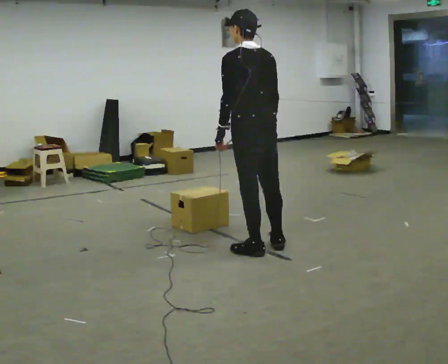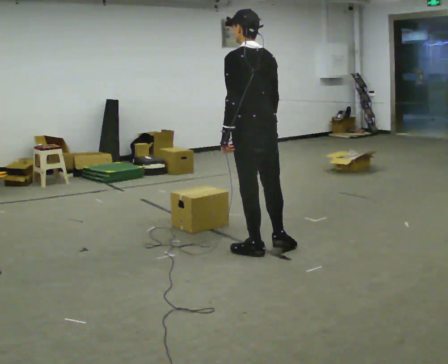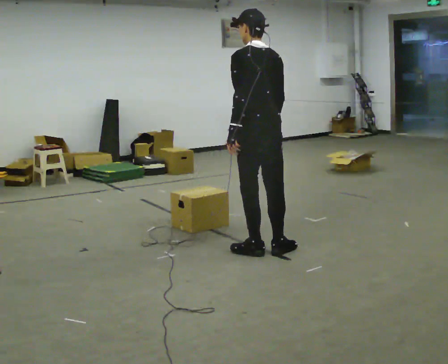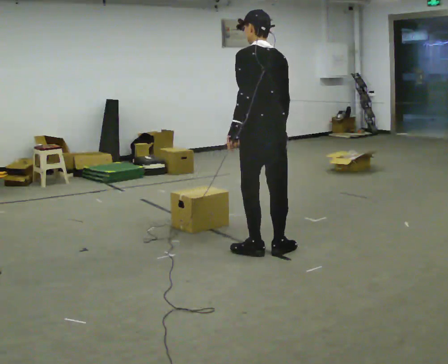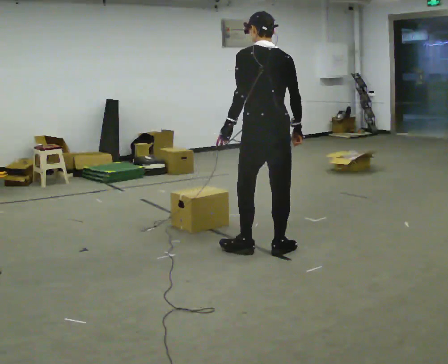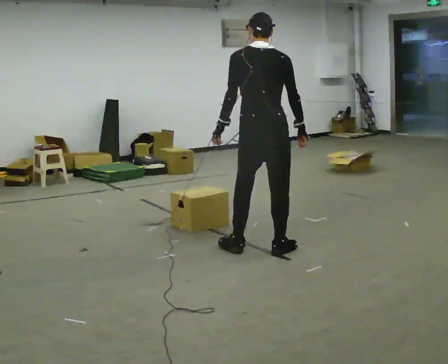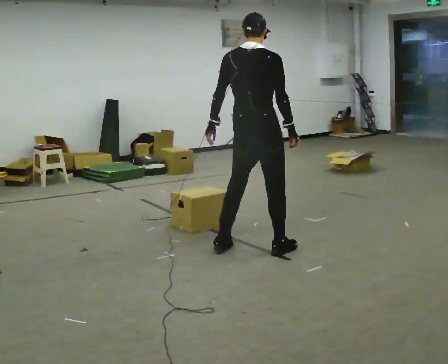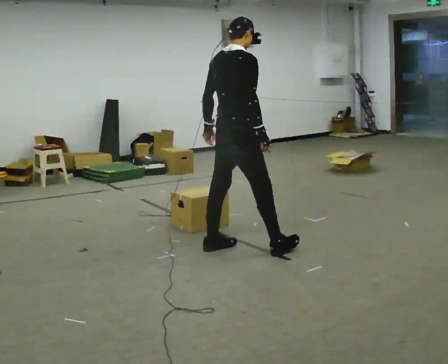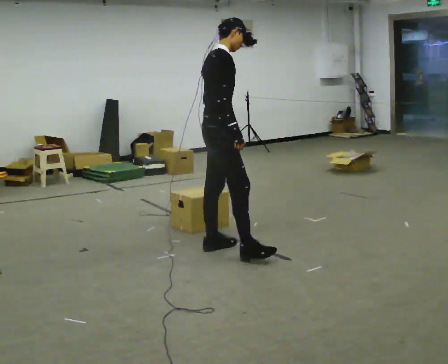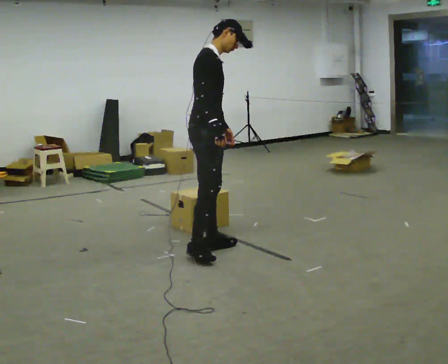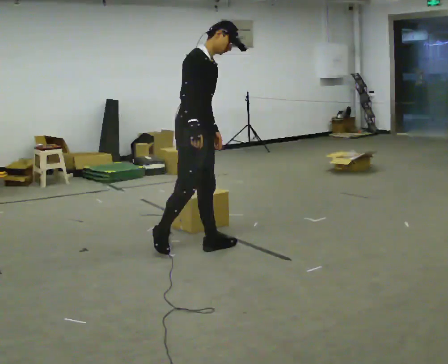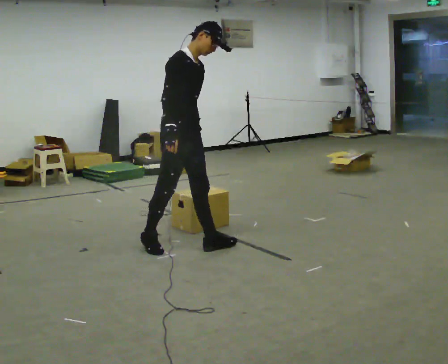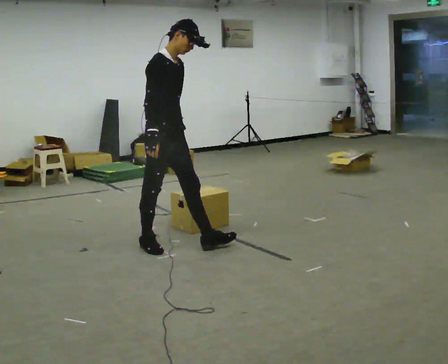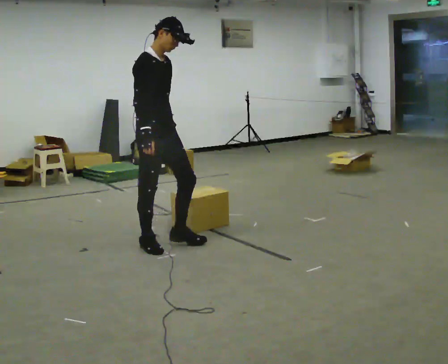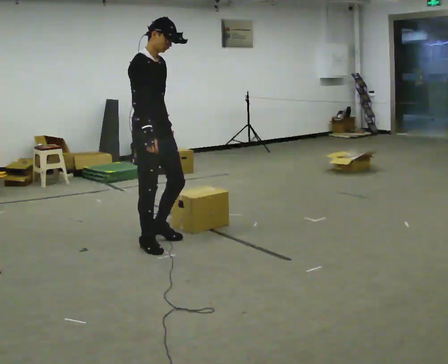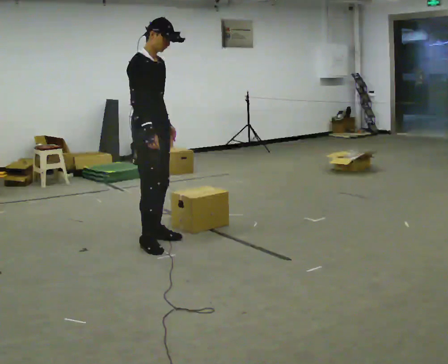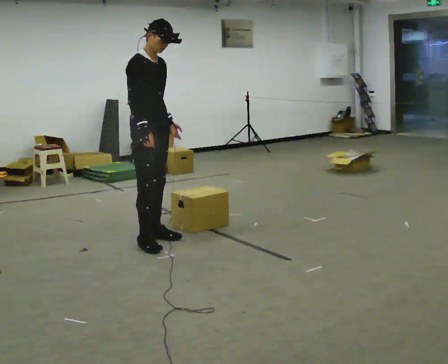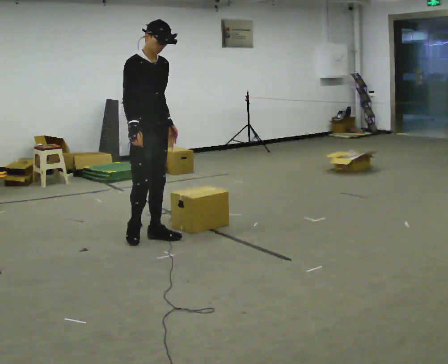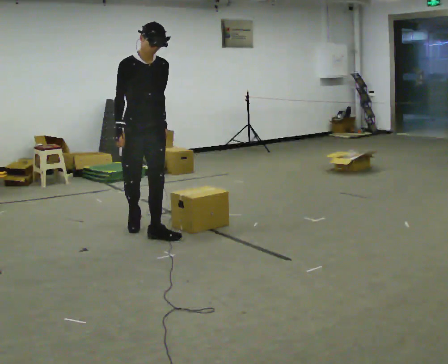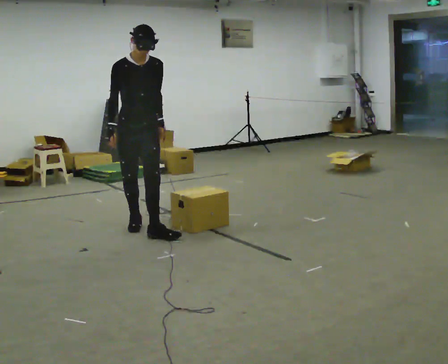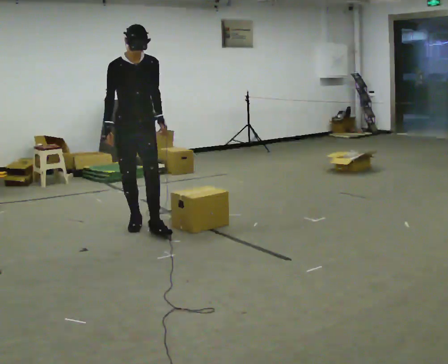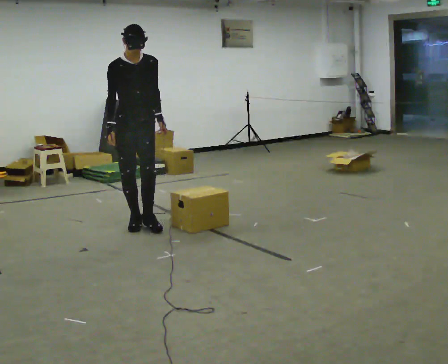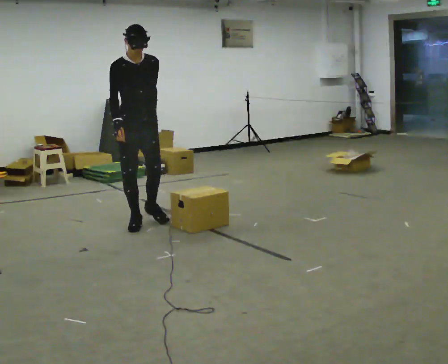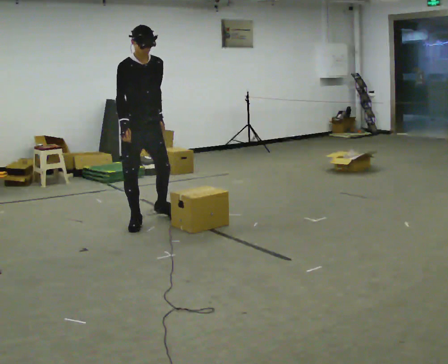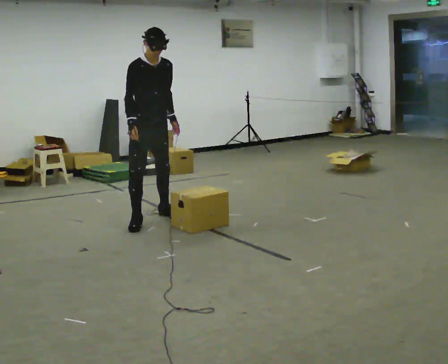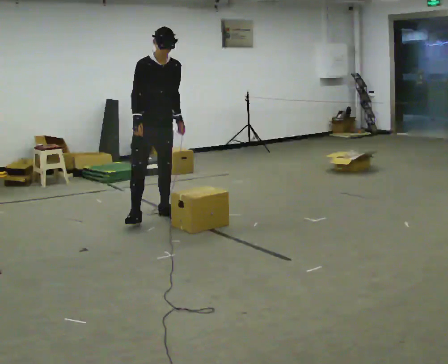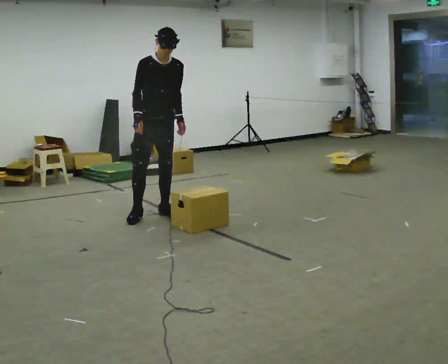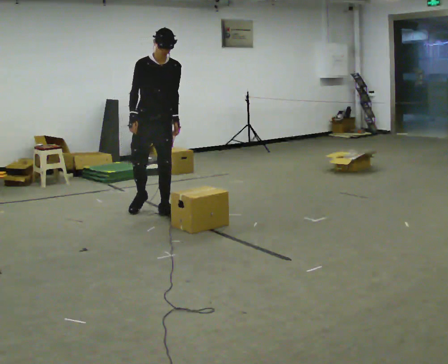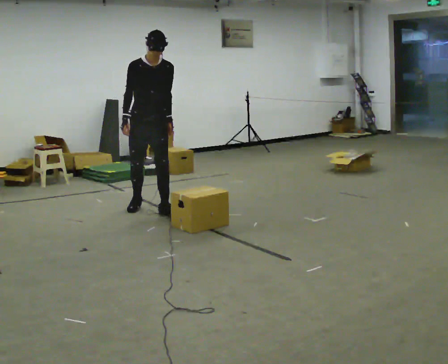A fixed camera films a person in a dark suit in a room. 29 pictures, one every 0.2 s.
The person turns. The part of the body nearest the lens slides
to the left.
The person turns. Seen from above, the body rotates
clockwise.
0.0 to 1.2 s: Seen from above the body turns clockwise, about 45 degrees: to their right, with its near side sliding to the left.
1.2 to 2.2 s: The person turns about 90 degrees to their right, clockwise seen from above, so the part of the body nearest the lens slides to the left. In the picture they go to the left and away from the camera, about 0.5 m in 1 step.
2.2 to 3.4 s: In the picture they go away from the camera and to the left, about 0.5 m in 2 steps, which for them is backward and to their left.
3.4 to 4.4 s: In the picture they go away from the camera, about 0.5 m in 1 step, which for them is backward.
4.4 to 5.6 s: In the picture they go away from the camera, about 0.5 m in 1 step, which for them is backward and to their left.
The film runs backward here.
